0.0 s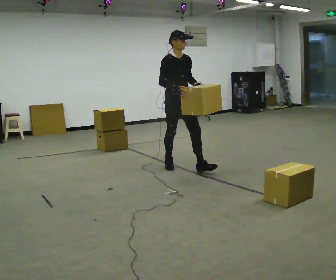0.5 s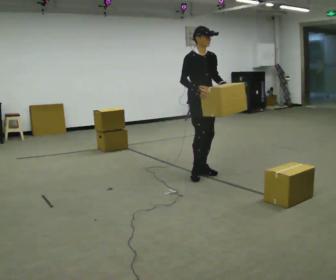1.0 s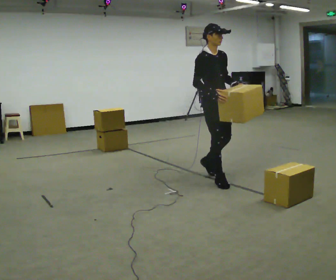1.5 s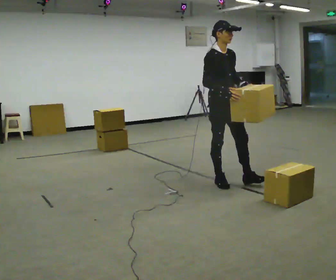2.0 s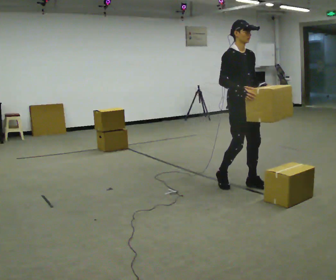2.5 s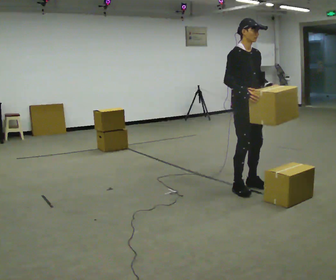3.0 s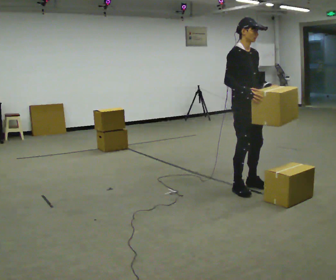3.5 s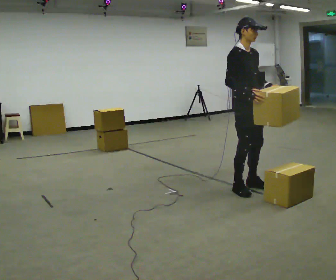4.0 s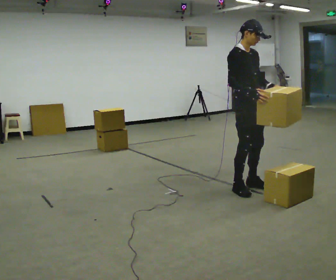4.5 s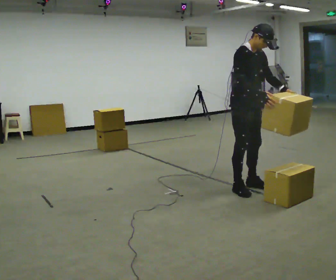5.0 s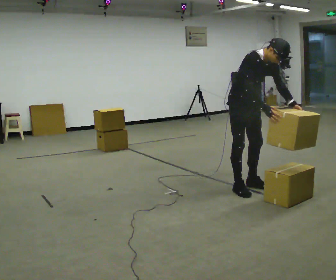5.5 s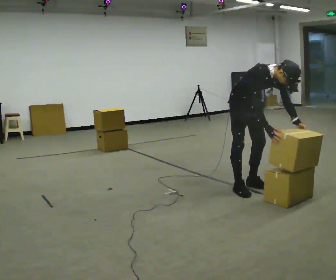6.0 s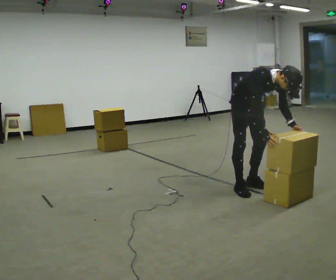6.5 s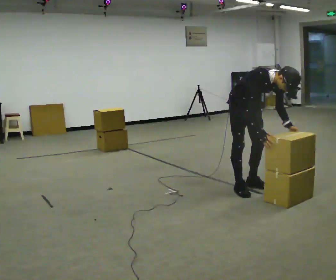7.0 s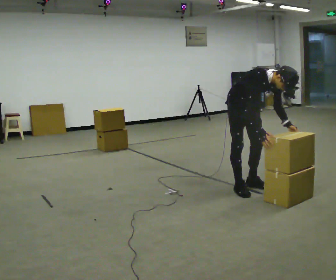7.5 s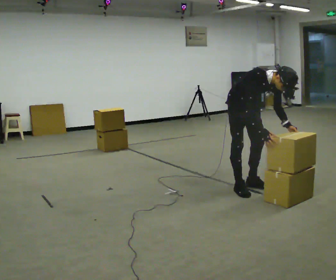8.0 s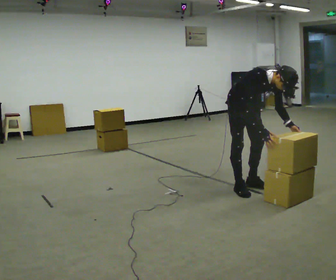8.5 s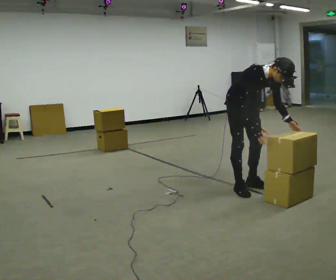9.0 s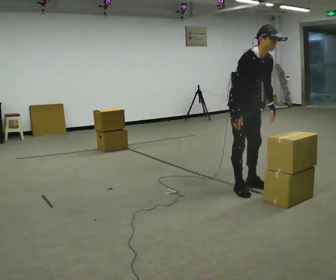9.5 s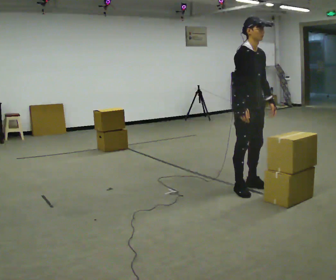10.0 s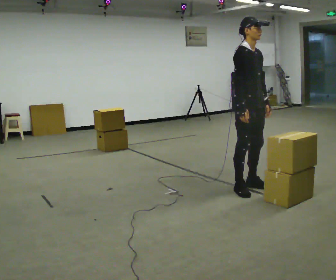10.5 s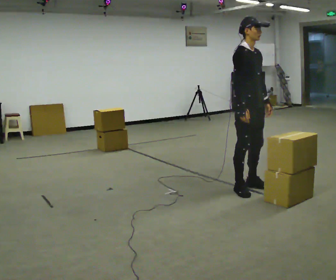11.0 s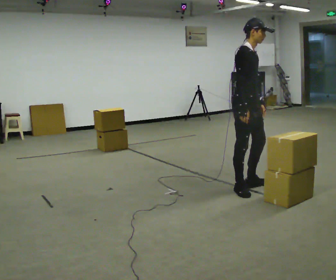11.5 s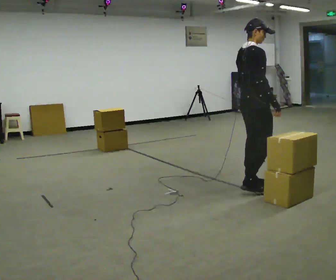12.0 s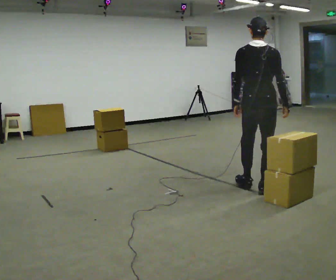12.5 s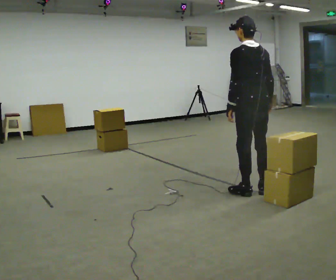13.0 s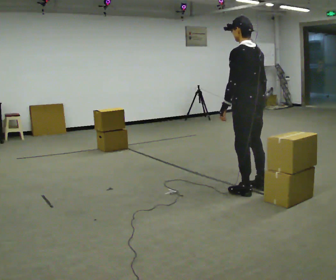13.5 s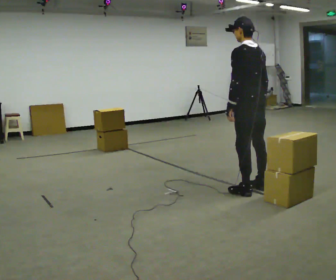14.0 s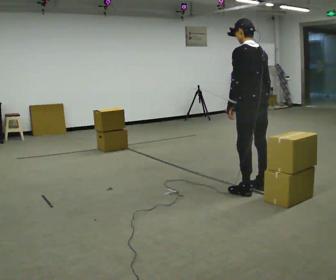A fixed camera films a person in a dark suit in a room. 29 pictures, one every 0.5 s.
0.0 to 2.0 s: In the picture they go to the right and toward the camera, about 1 m in 3 steps, which for them is forward.
2.0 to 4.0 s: The person moves a little, or ends about where they began.
4.0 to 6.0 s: The shoulders move downward. In the picture the upper body tilts clockwise, shoulders to the right, as they bend forward. In the picture their right hand goes downward.
6.0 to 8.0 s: The person moves a little, or ends about where they began.
8.0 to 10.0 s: The shoulders move upward. In the picture the upper body tilts counterclockwise, shoulders to the left, as they lean back or straighten.
10.0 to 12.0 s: The part of the body nearest the lens slides to the right as the person turns to their left by about 120 degrees. In the picture their right hand goes to the right.
12.0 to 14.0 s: The part of the body nearest the lens slides to the right as the person turns to their left by about 45 degrees.
The film runs forward here.
